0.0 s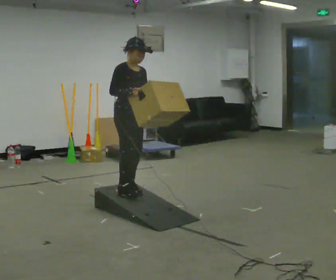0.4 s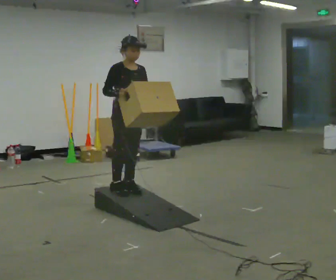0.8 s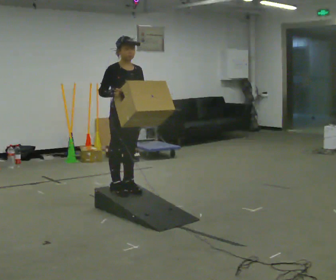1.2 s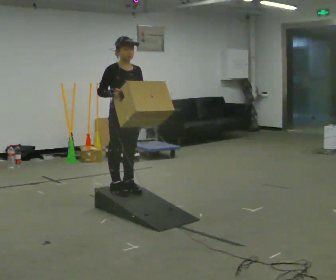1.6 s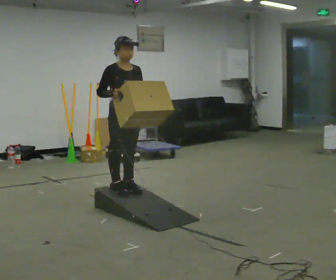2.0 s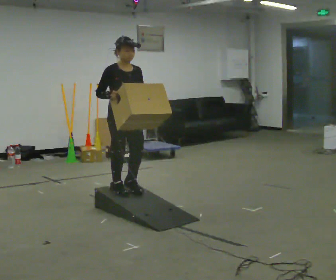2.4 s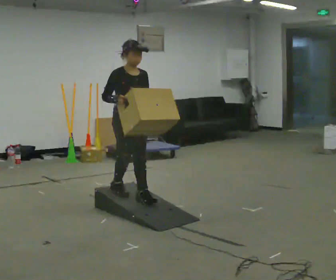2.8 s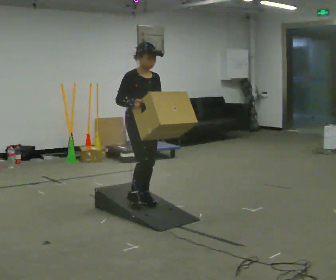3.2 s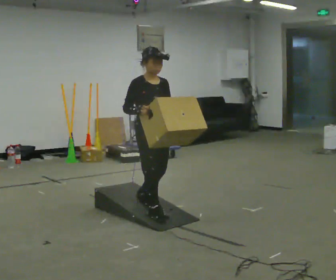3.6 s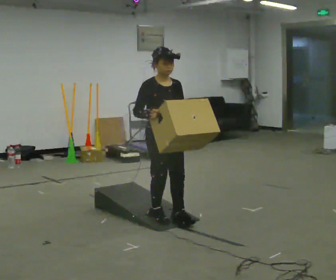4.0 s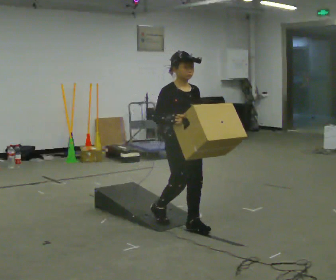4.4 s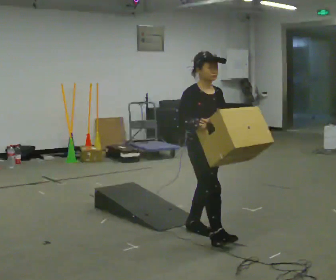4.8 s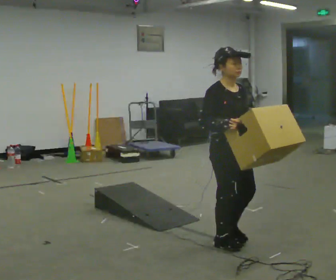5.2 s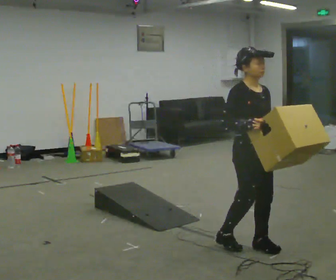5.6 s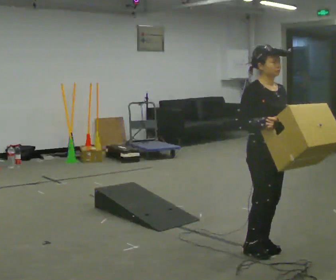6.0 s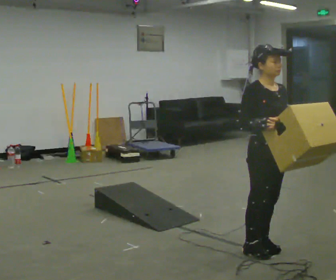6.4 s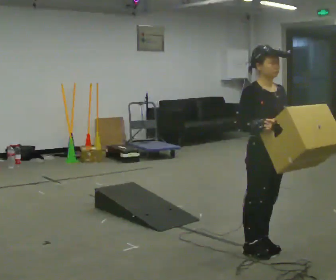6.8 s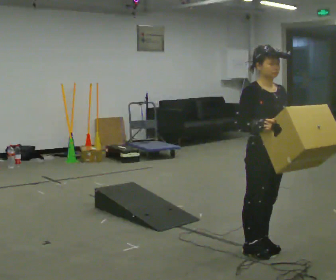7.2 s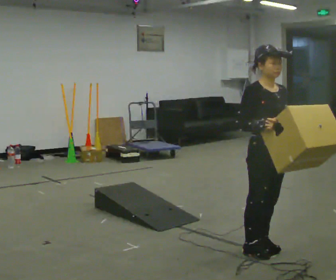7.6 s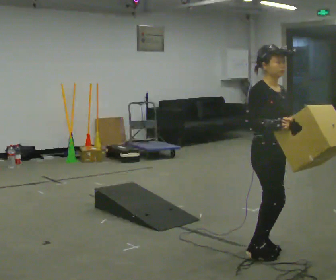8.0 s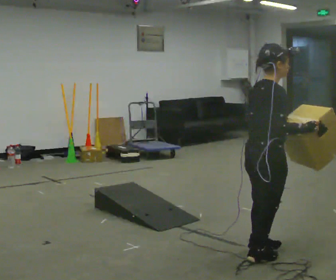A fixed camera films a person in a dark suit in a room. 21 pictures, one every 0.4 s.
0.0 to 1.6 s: The person moves a little, or ends about where they began.
1.6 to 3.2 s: In the picture they go toward the camera and to the right, about 0.5 m in 2 steps, which for them is forward.
3.2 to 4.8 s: In the picture they go toward the camera and to the right, about 1 m in 2 steps, which for them is forward.
4.8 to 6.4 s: In the picture they go to the right and toward the camera, about 0.25 m in 2 steps, which for them is forward.
6.4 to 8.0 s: Seen from above the body turns counterclockwise, about 75 degrees: to their left, with its near side sliding to the right.
The film runs forward here.
